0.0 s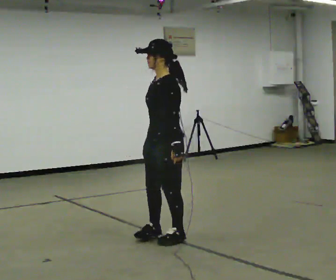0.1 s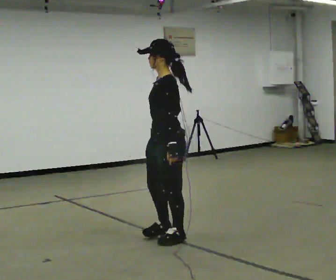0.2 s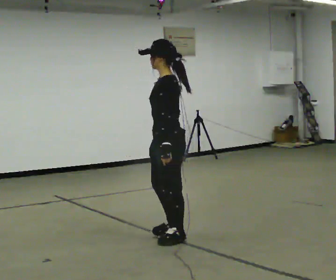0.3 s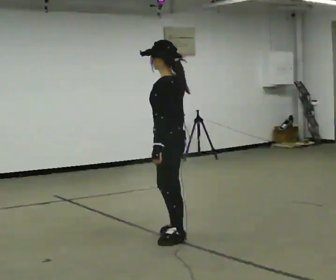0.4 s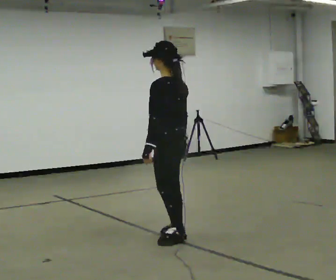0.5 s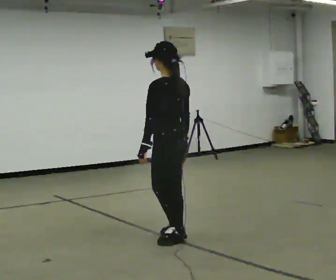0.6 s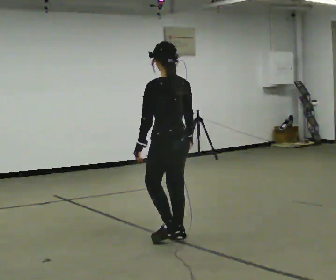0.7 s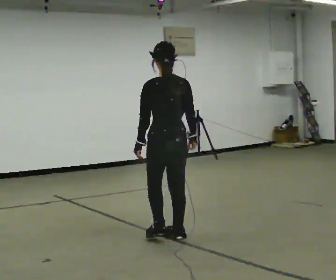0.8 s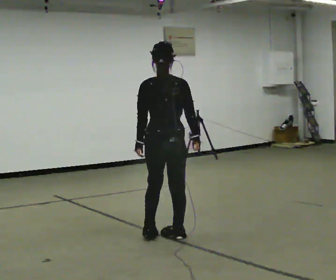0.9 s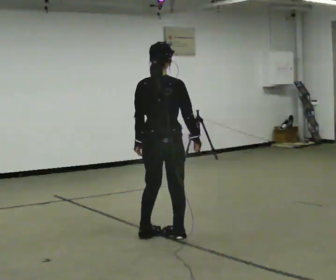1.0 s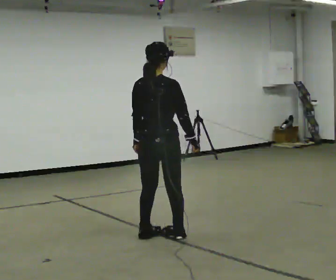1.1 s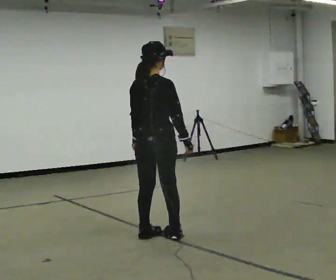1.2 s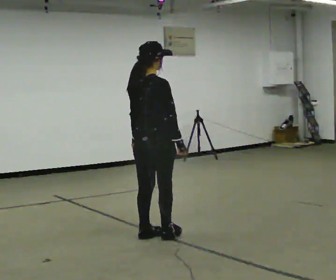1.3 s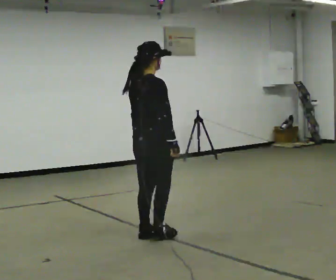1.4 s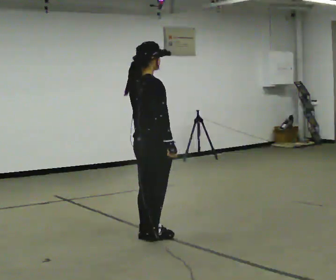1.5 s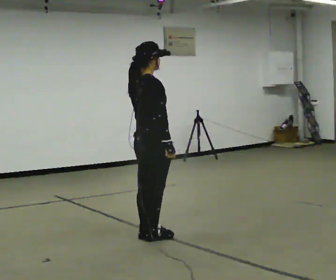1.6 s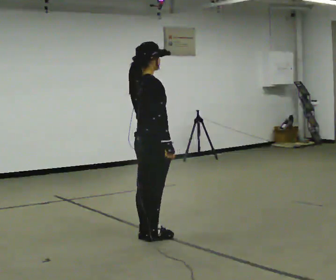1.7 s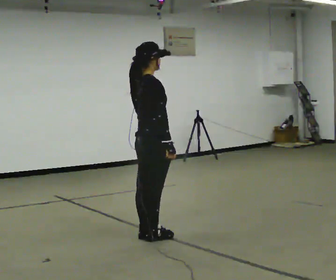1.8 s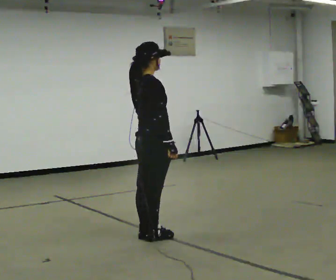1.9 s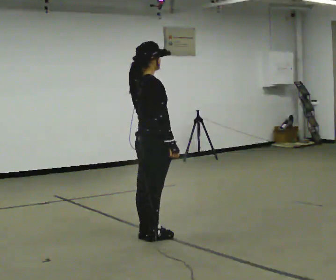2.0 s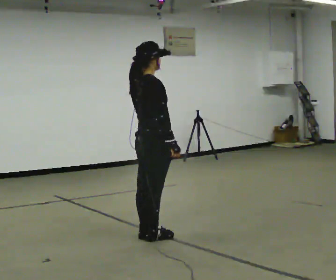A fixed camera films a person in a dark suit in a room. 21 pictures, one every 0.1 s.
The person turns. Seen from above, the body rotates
clockwise.
The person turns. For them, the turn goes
to their right.
0.0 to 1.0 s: The part of the body nearest the lens slides to the left as the person turns to their right by about 135 degrees.
1.0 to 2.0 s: Seen from above the body turns clockwise, about 45 degrees: to their right, with its near side sliding to the left.
The film runs forward here.
